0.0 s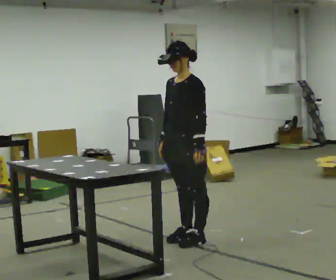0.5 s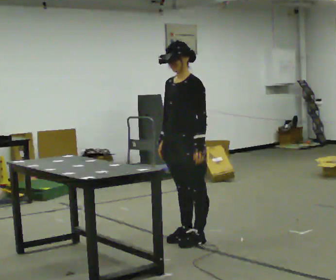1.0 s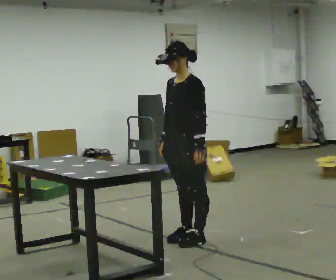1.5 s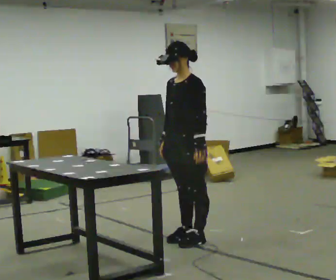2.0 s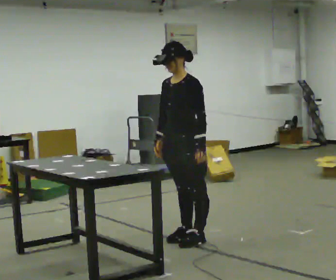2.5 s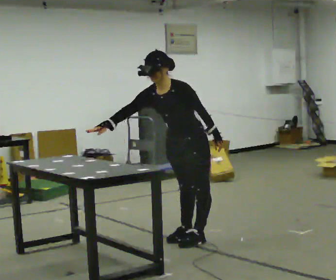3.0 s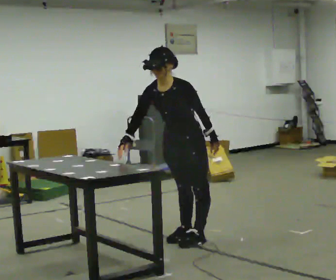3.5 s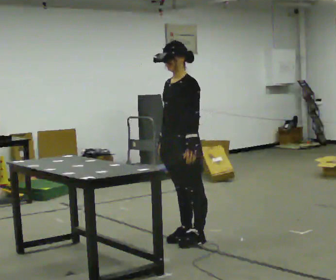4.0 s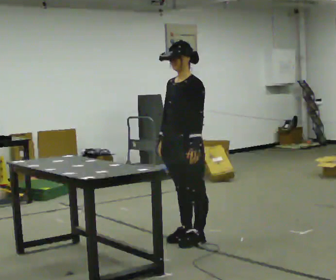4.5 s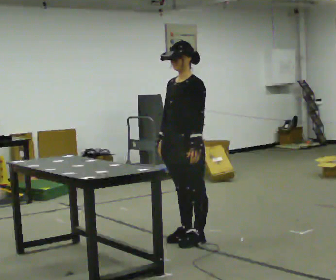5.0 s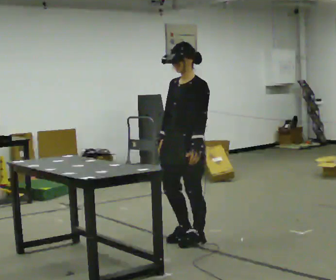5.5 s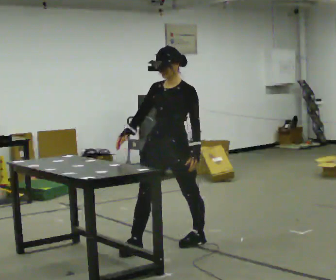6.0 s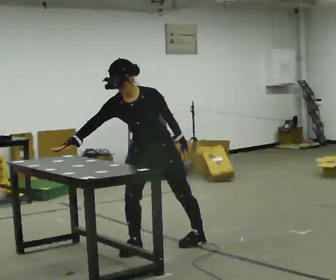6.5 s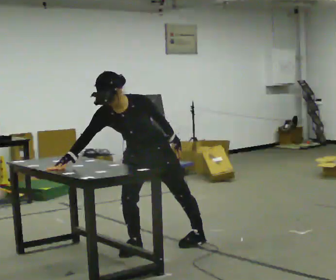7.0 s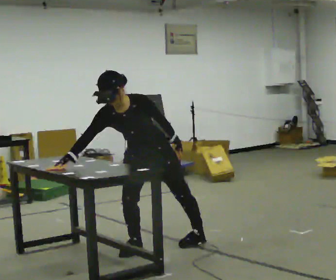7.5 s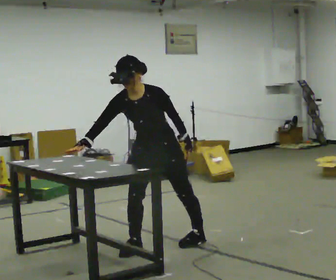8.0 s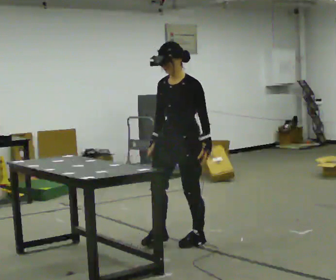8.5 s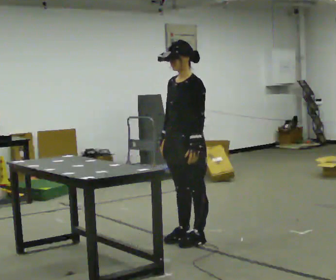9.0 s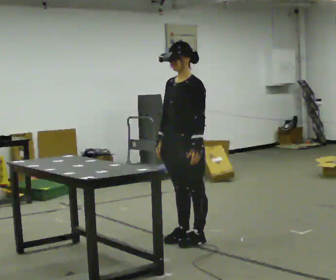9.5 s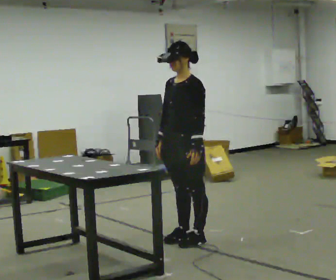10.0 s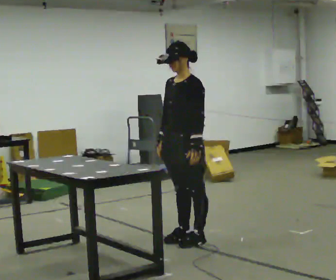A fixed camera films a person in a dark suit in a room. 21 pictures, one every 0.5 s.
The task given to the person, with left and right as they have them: Touch each numbered target on the board in front of you in the order the operator calls. Keep both feet on the marked spots for the whole take. If you have to step, stop and tell the operator.
0.0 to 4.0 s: The person moves a little, or ends about where they began.
4.0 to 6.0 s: The part of the body nearest the lens slides to the right as the person turns to their left by about 30 degrees. In the picture they go to the left and toward the camera, about 0.25 m in 1 step, which for them is forward. The upper body tips toward the camera, its near side rolling downward, as they bend forward.
6.0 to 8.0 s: The person turns about 30 degrees to their right, clockwise seen from above, so the part of the body nearest the lens slides to the left. In the picture they go to the right, about 0.25 m, which for them is to their left and backward. In the picture their right hand goes to the right.
8.0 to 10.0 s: The person moves a little, or ends about where they began.
The film runs forward here.
